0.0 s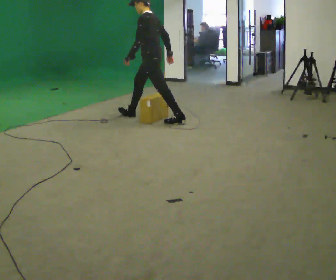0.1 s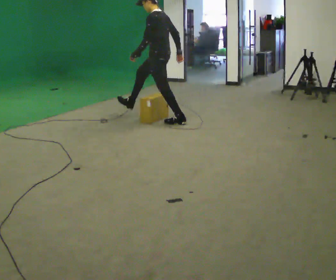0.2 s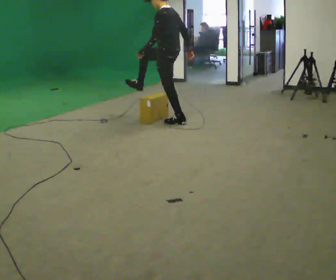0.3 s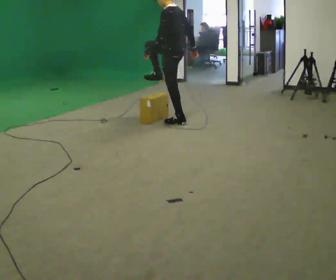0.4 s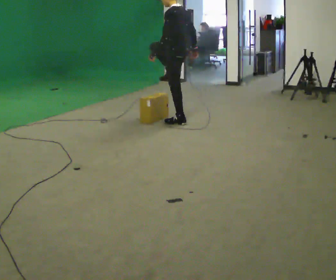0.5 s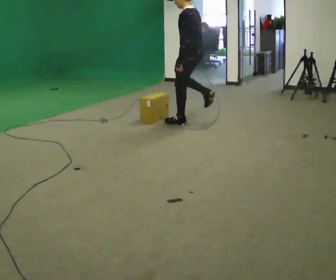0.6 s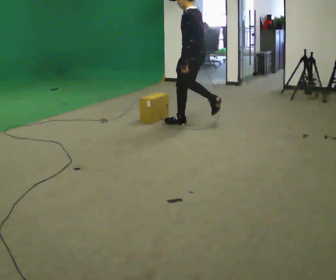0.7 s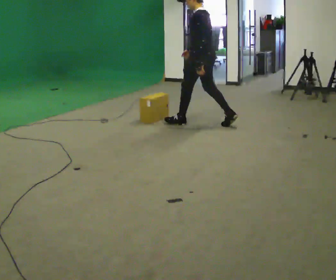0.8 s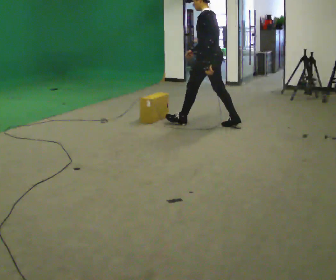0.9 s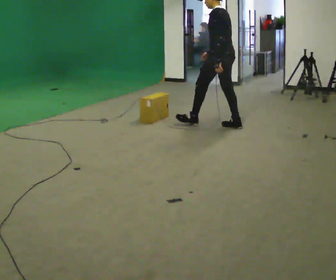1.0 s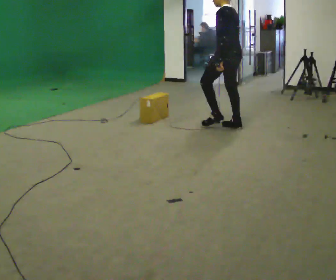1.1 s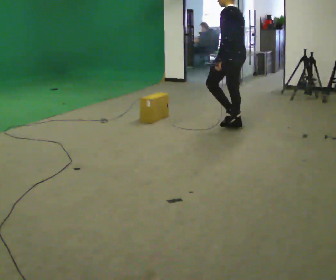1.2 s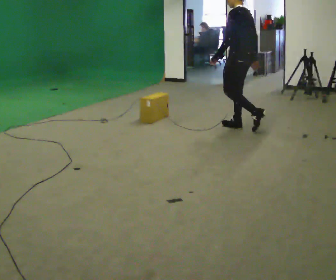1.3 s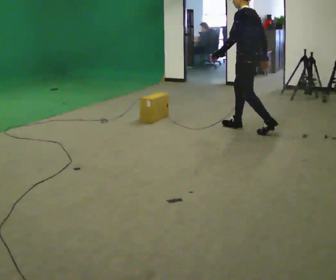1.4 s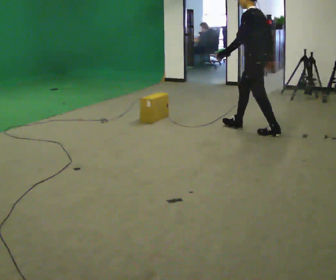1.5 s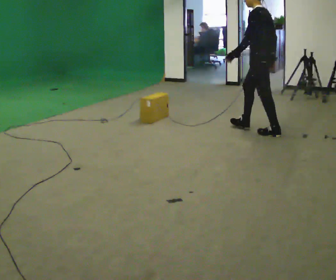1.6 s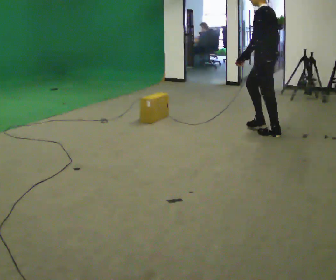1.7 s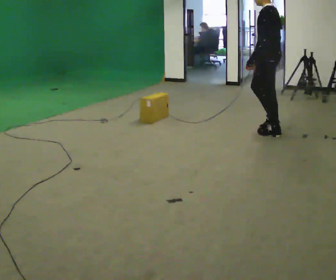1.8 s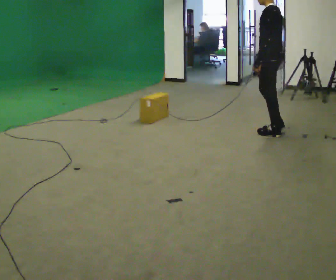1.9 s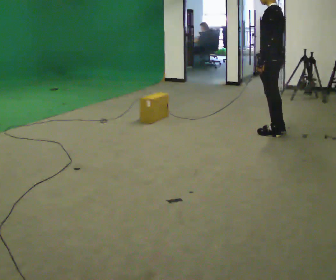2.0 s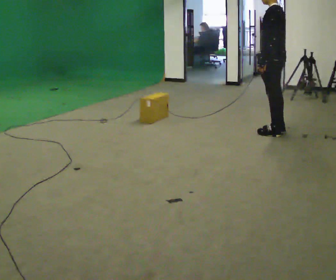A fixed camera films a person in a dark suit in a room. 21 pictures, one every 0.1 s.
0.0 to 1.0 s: Seen from above the body turns clockwise, about 30 degrees: to their right, with its near side sliding to the left. In the picture they go to the right, about 1 m in 2 steps, which for them is backward.
1.0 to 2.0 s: In the picture they go to the right and toward the camera, about 0.5 m in 1 step, which for them is backward.
The film runs backward here.
